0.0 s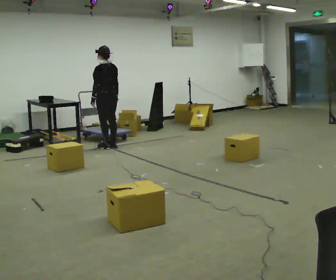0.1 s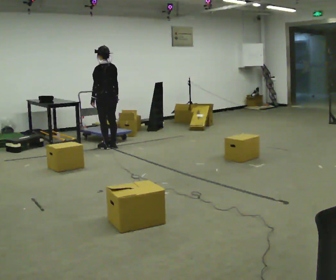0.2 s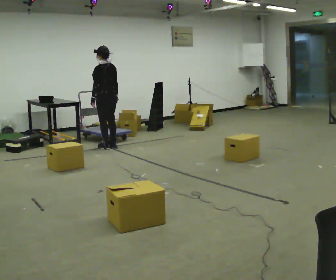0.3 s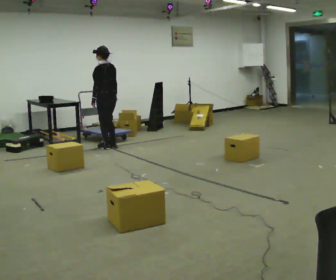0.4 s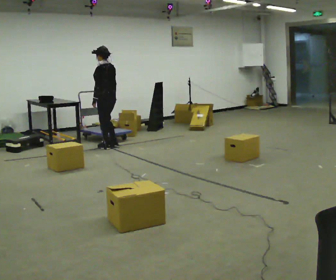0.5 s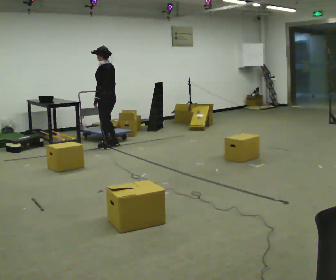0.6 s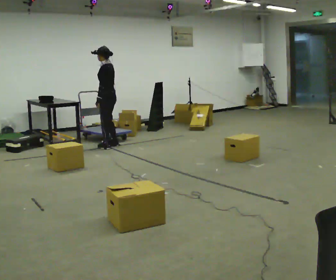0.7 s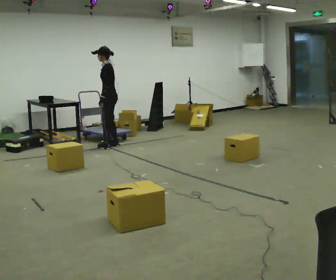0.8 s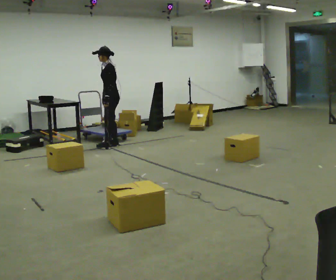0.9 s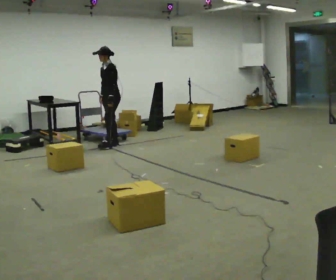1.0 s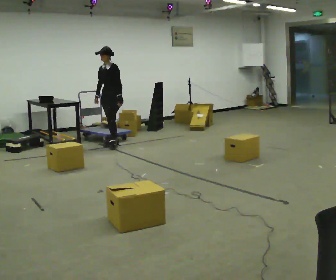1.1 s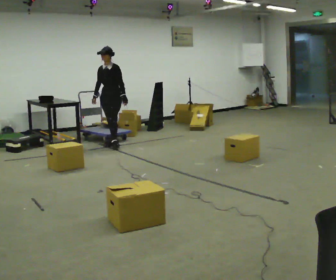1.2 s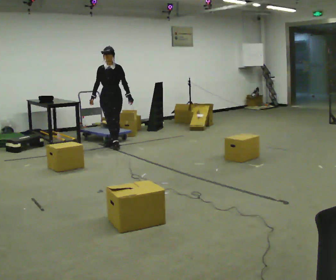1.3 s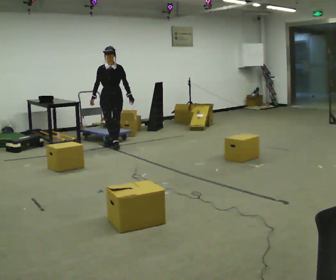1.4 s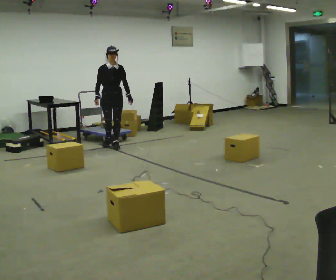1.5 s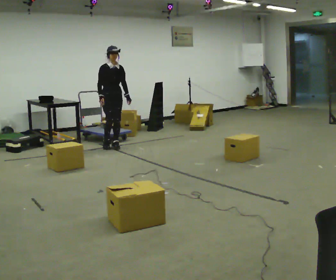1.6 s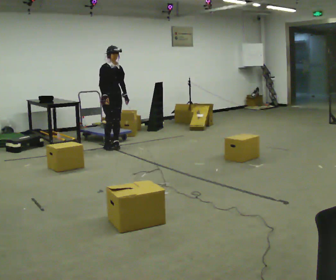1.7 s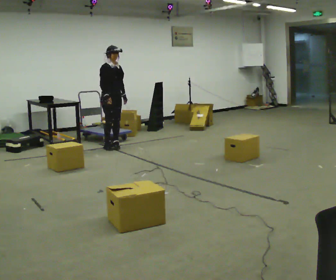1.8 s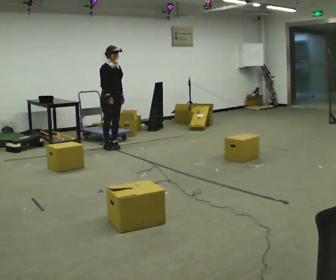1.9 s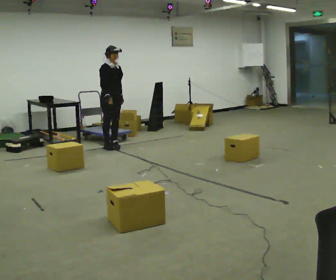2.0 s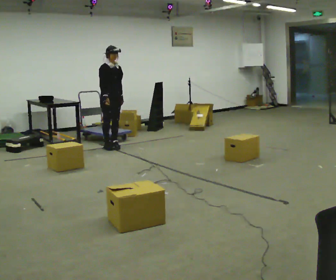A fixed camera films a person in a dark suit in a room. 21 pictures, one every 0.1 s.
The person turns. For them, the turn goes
to their left.
The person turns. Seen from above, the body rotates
counterclockwise.
0.0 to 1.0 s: Seen from above the body turns counterclockwise, about 105 degrees: to their left, with its near side sliding to the right. In the picture their left hand goes to the right, the arm swinging counterclockwise.
1.0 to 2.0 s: Seen from above the body turns counterclockwise, about 75 degrees: to their left, with its near side sliding to the right.
The film runs forward here.
